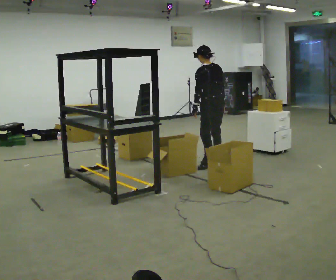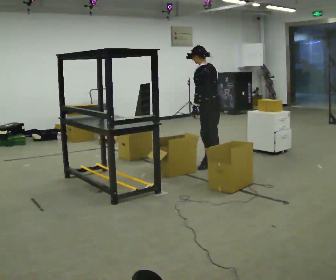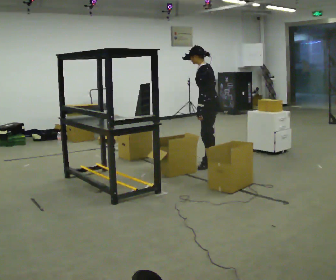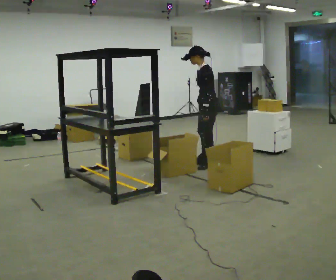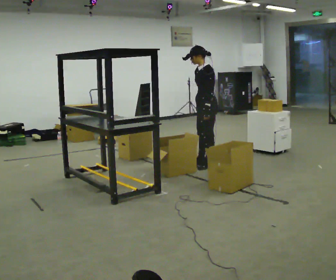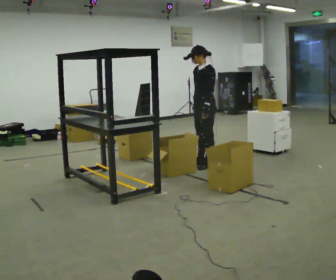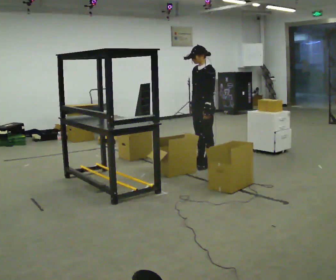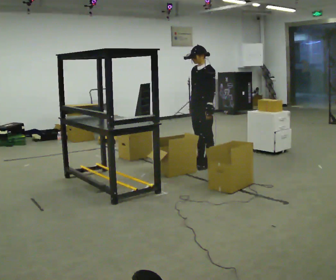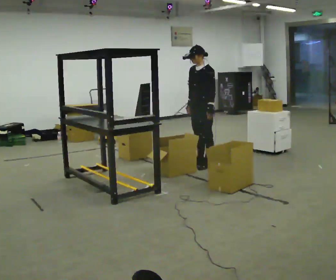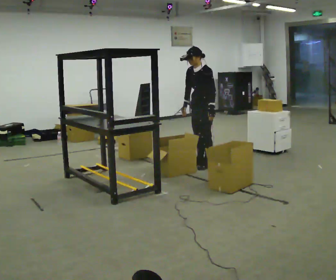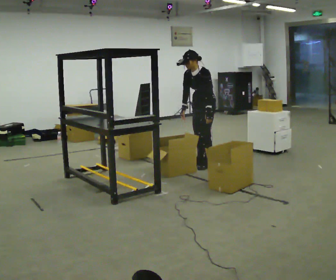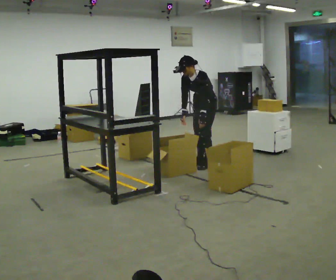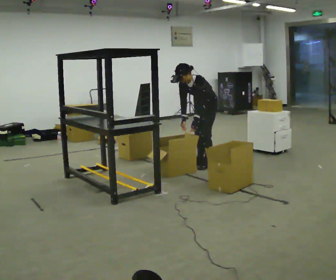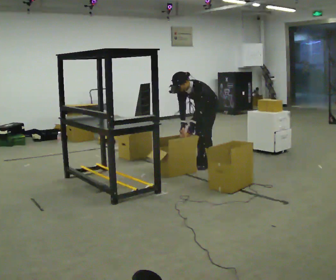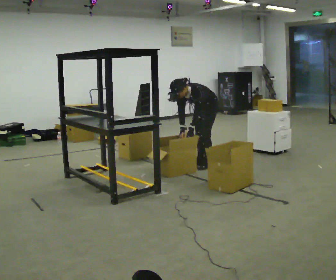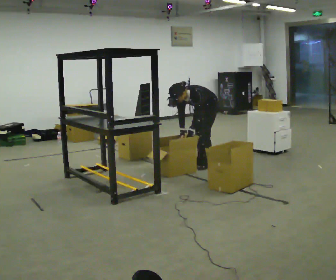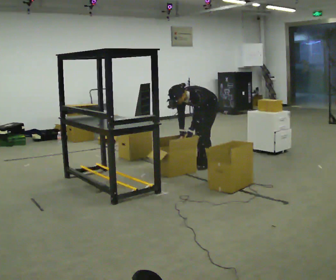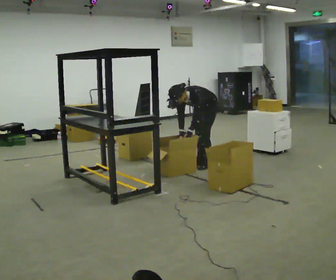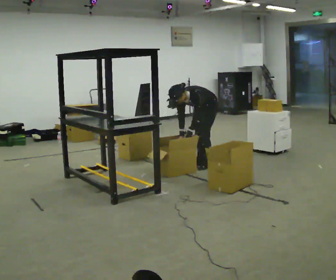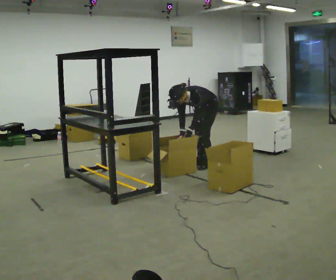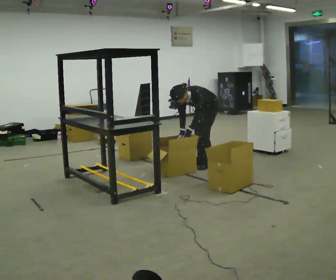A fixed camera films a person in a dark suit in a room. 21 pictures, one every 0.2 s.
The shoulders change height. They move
downward.
The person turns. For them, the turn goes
to their left.
0.0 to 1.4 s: The person turns about 75 degrees to their left, counterclockwise seen from above, so the part of the body nearest the lens slides to the right. In the picture their right hand goes to the left.
1.4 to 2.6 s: The upper body goes downward. The upper body tips toward the camera, its near side rolling downward, as they bend forward.
2.6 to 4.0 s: The upper body tips toward the camera, its near side rolling downward, as they bend forward.
The film runs backward here.
